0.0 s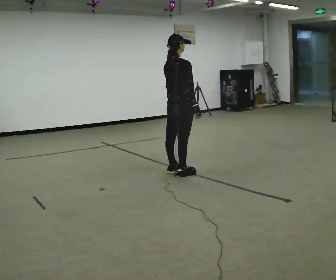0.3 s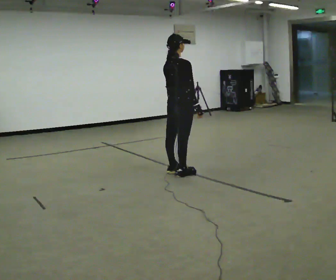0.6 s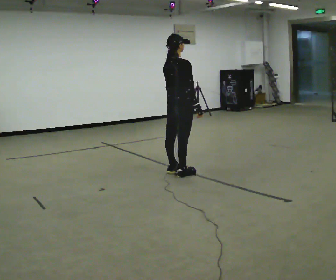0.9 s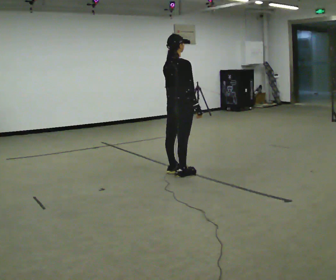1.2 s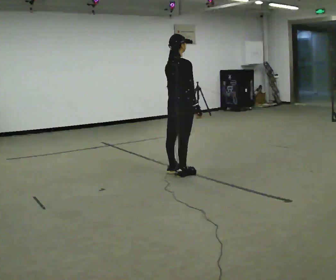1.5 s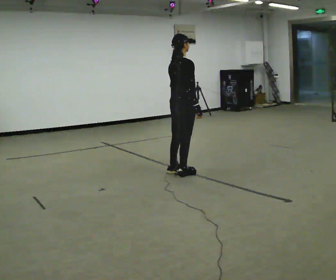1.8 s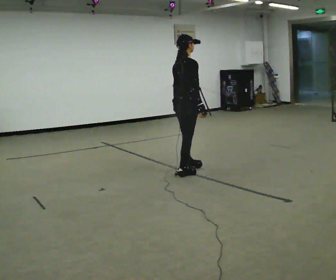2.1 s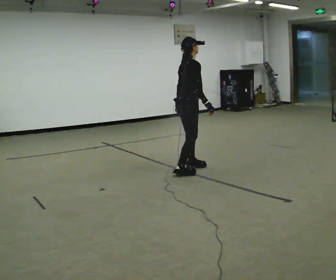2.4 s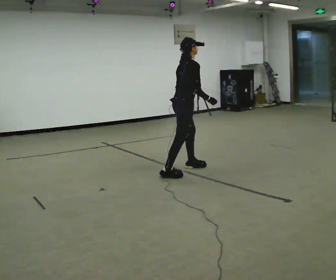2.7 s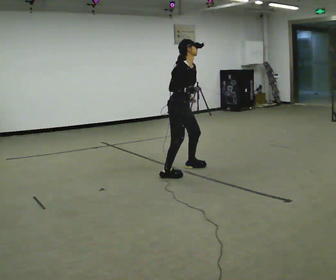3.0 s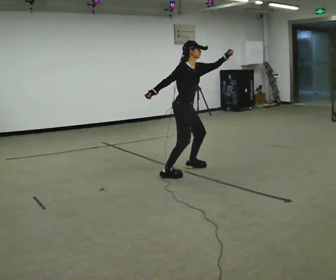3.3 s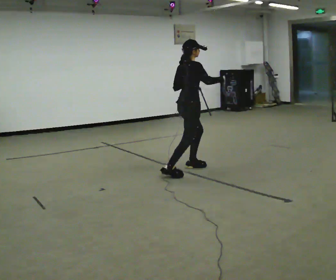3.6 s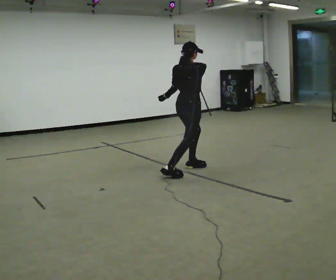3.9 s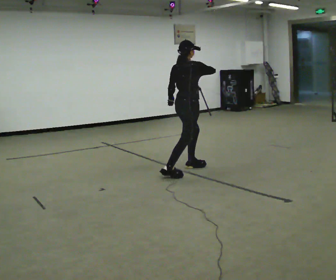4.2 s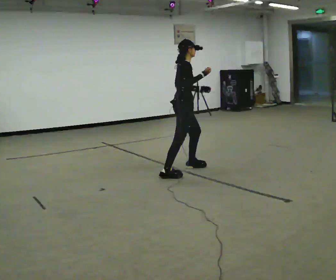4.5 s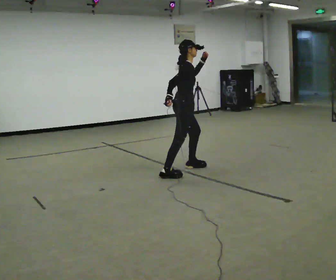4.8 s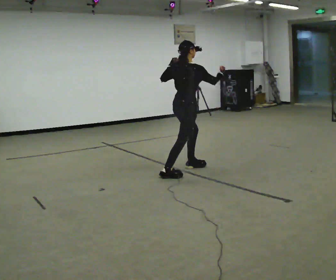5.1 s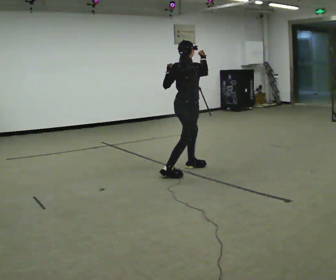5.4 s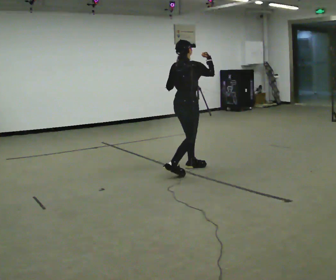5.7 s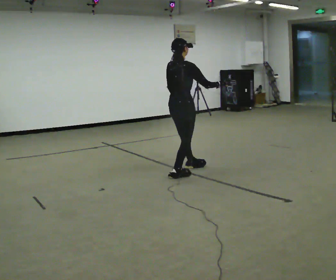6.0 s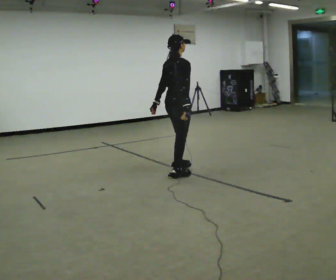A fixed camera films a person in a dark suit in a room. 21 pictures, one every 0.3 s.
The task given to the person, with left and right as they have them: Mimic boxing into the air at moderate speed with both hands, moving your feet only a little. Stay controlled; do not punch at full speed.
0.0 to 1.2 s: The person keeps their place and pose.
1.2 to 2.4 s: The person turns about 30 degrees to their right, clockwise seen from above, so the part of the body nearest the lens slides to the left.
2.4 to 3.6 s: Seen from above the body turns counterclockwise, about 45 degrees: to their left, with its near side sliding to the right. In the picture their right hand goes upward.
3.6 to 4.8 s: In the picture their right hand goes to the right.
4.8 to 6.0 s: In the picture they go toward the camera, about 0.25 m, which for them is backward. In the picture their right hand goes to the left and downward.
The film runs forward here.
